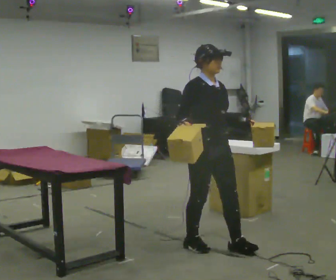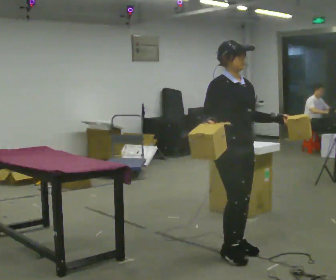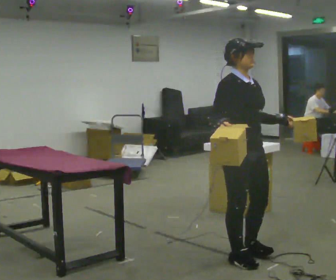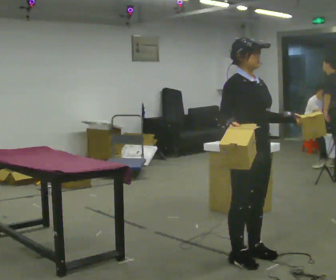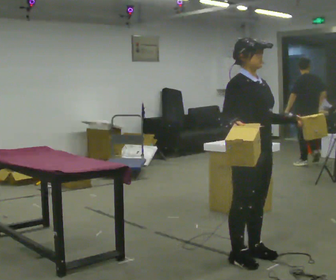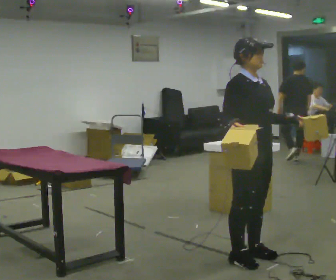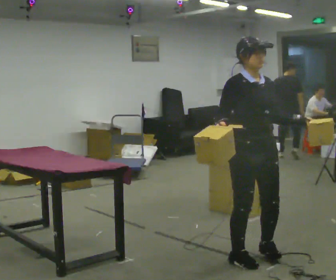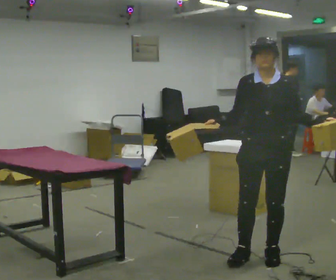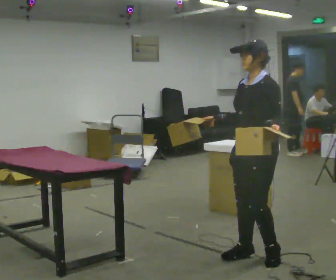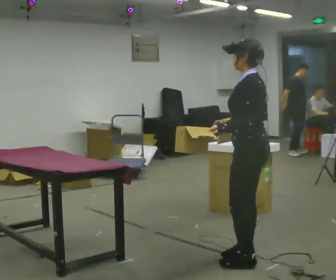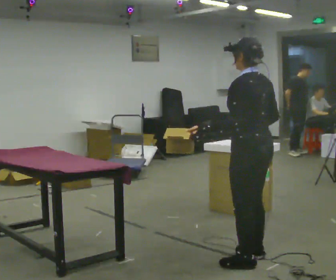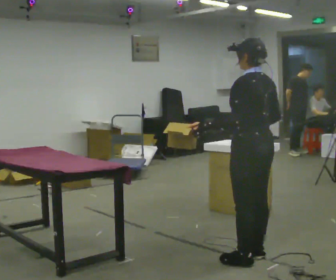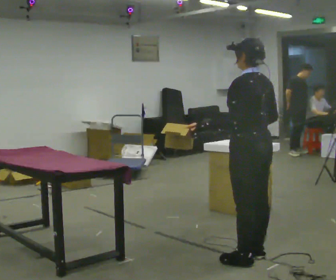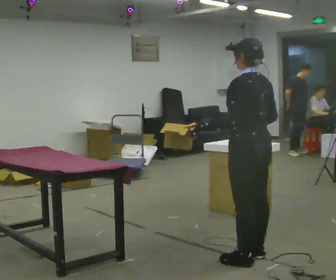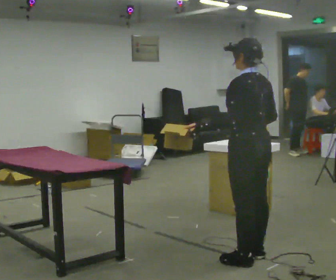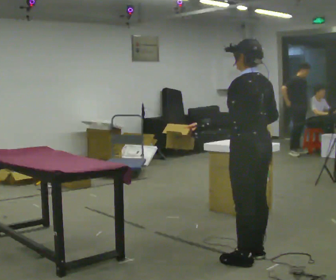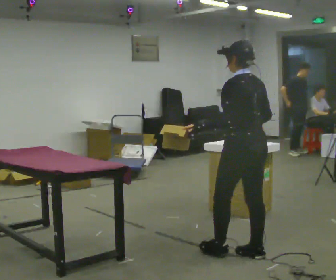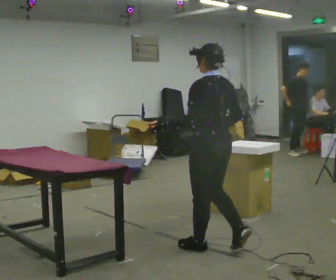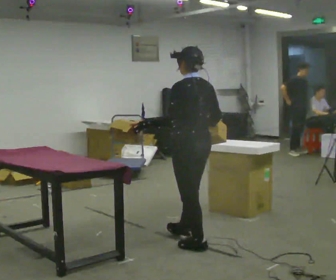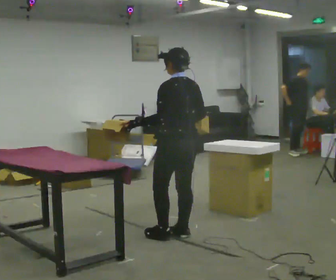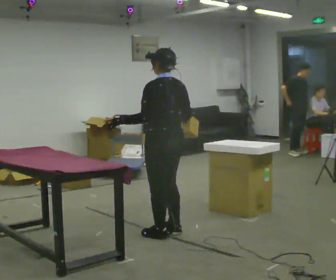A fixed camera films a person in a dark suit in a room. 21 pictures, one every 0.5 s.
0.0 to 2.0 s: In the picture they go to the right and toward the camera, about 0.5 m in 3 steps, which for them is forward.
2.0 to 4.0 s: Seen from above the body turns clockwise, about 105 degrees: to their right, with its near side sliding to the left.
4.0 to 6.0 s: The part of the body nearest the lens slides to the left as the person turns to their right by about 75 degrees. In the picture their left hand goes to the left.
6.0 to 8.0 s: The person moves a little, or ends about where they began.
8.0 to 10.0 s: In the picture they go to the left and away from the camera, about 1 m in 3 steps, which for them is forward.
The film runs forward here.
